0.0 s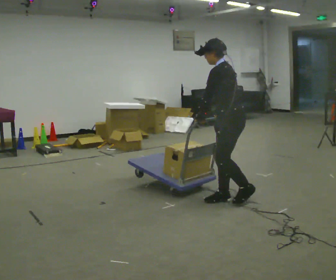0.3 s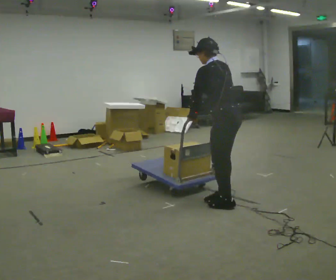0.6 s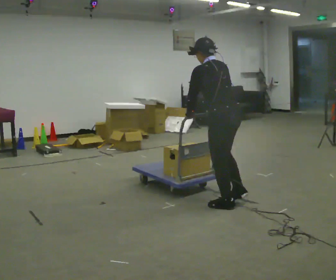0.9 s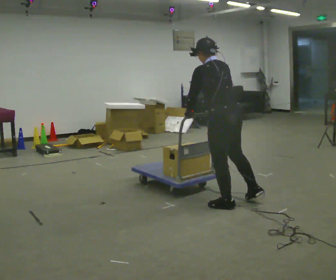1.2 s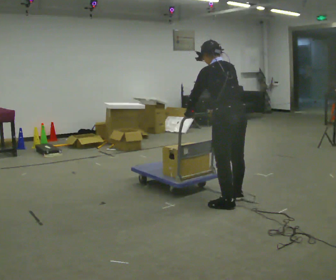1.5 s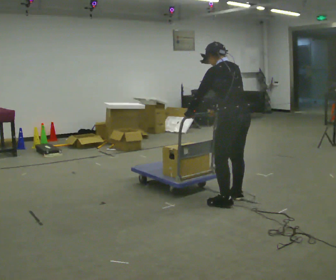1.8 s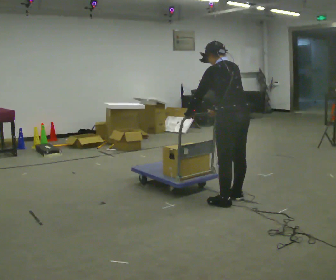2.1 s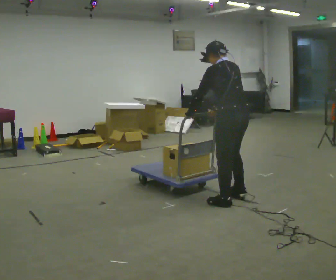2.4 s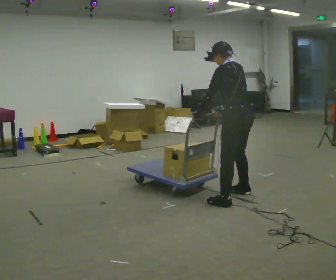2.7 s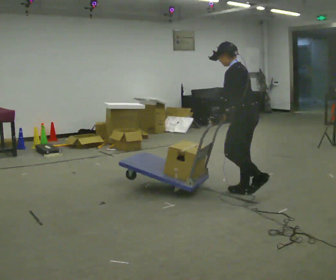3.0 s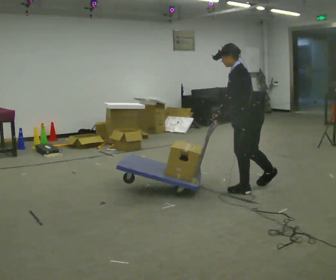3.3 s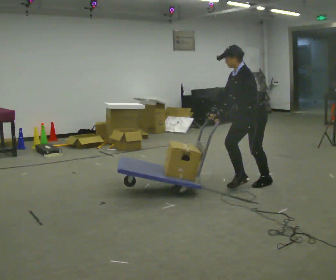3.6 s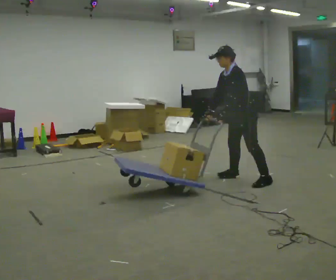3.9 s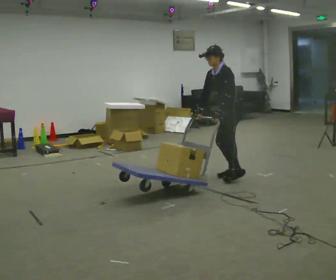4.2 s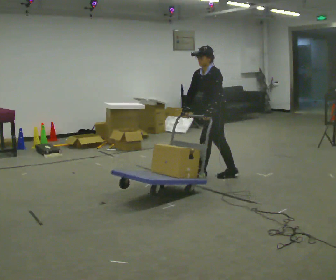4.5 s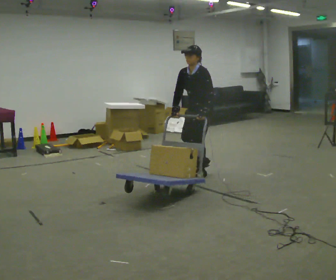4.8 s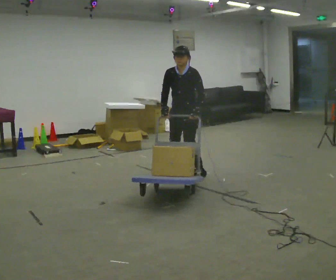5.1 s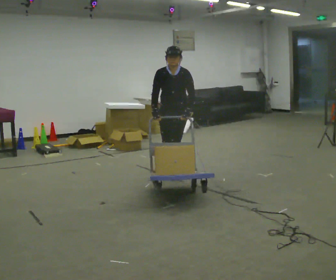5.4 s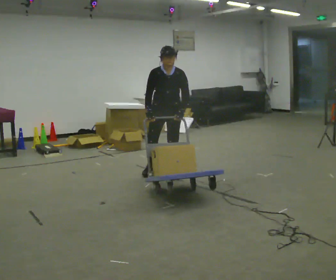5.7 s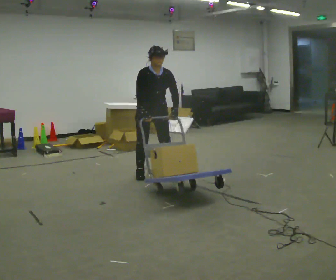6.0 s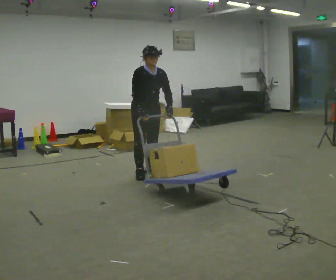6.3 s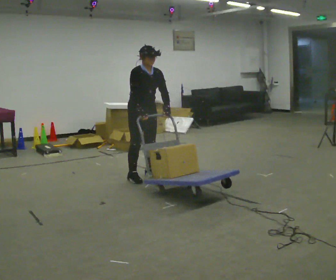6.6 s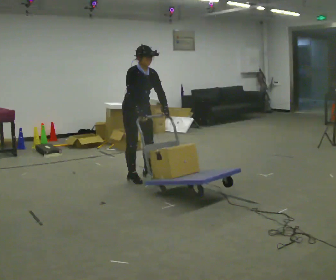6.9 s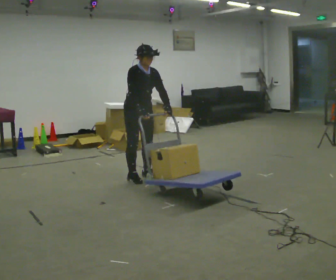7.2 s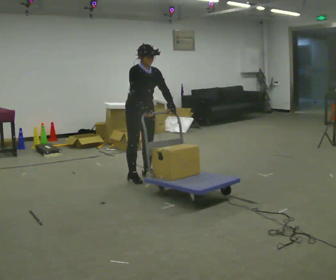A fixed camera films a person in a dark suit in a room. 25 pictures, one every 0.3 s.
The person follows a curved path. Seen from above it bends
counterclockwise.
0.0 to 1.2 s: The person turns about 60 degrees to their right, clockwise seen from above, so the part of the body nearest the lens slides to the left.
1.2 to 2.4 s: In the picture they go away from the camera, about 0.25 m in 1 step, which for them is to their right.
2.4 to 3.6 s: The person turns about 60 degrees to their left, counterclockwise seen from above, so the part of the body nearest the lens slides to the right. In the picture they go away from the camera, about 0.5 m in 1 step, which for them is to their right.
3.6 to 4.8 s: The person turns about 30 degrees to their left, counterclockwise seen from above, so the part of the body nearest the lens slides to the right. In the picture they go to the left, about 0.5 m in 2 steps, which for them is forward and to their right. In the picture the upper body tilts clockwise, shoulders to the right.
4.8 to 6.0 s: The part of the body nearest the lens slides to the right as the person turns to their left by about 75 degrees. In the picture they go to the left, about 0.5 m in 3 steps. In the picture the upper body tilts clockwise, shoulders to the right.
6.0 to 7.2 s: The person moves a little, or ends about where they began.
The film runs forward here.
